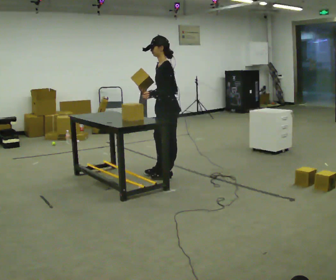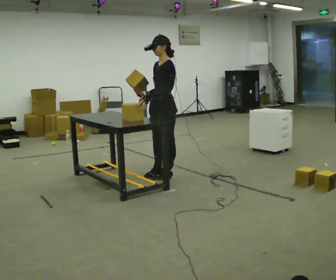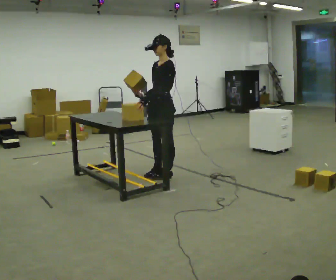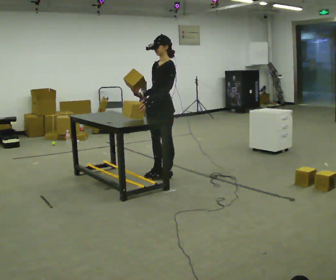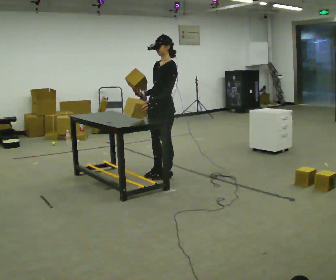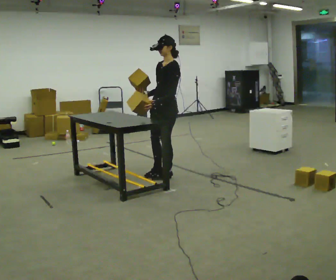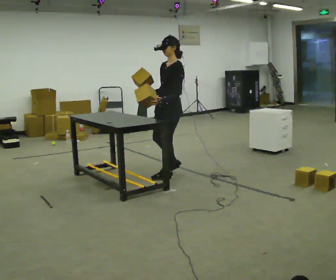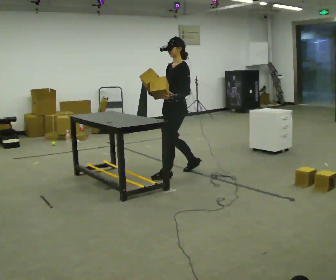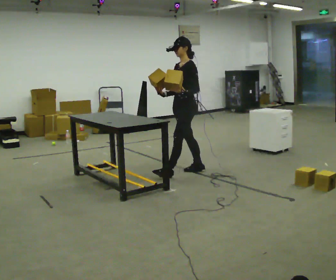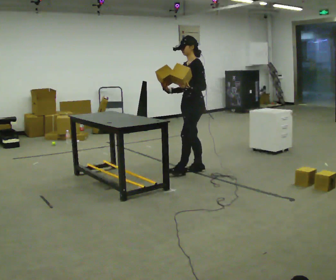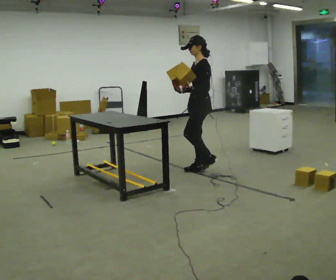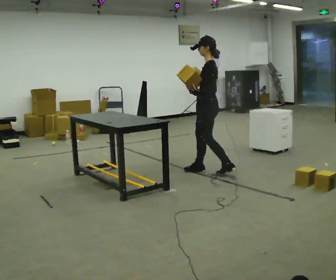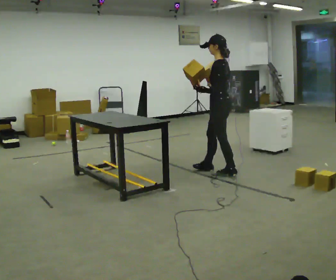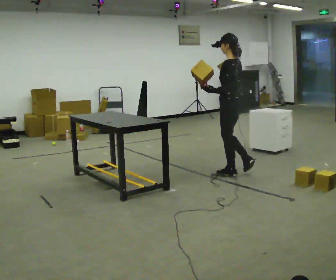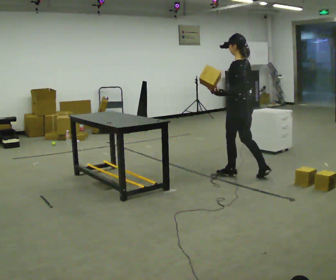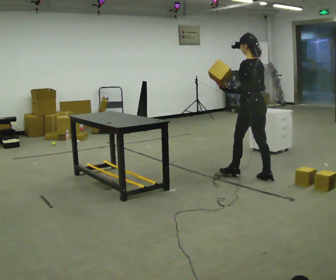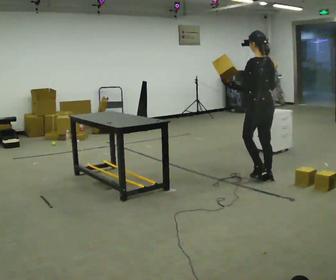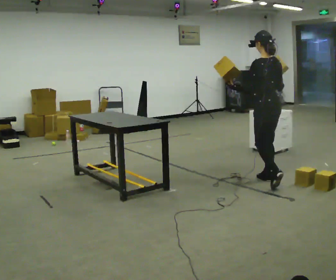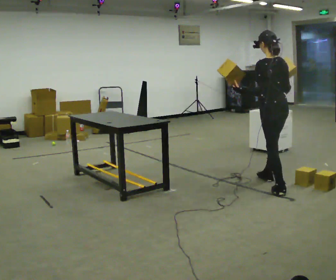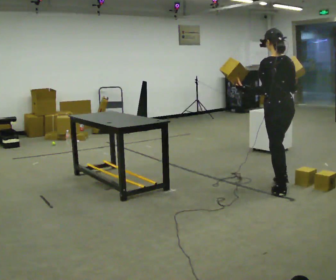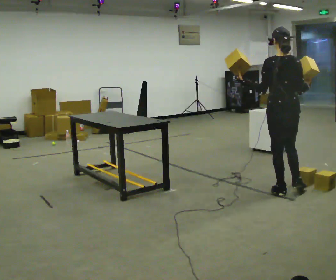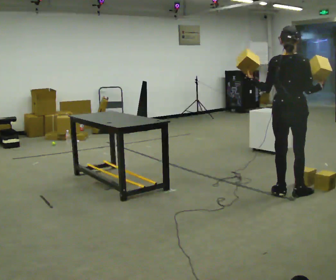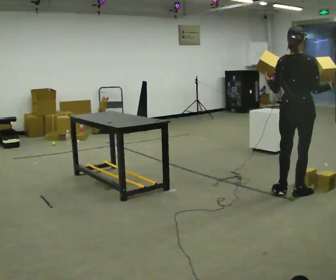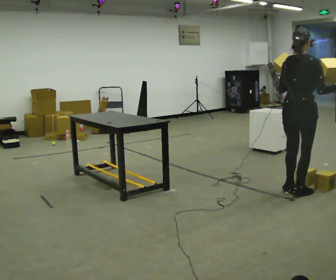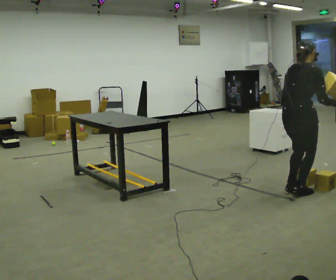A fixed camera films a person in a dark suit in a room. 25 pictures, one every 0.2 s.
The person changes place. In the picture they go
to the right.
The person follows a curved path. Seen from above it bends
clockwise.
0.0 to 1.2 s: The person moves a little, or ends about where they began.
1.2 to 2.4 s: The part of the body nearest the lens slides to the left as the person turns to their right by about 45 degrees. In the picture they go to the right, about 0.5 m in 2 steps, which for them is backward.
2.4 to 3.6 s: Seen from above the body turns clockwise, about 45 degrees: to their right, with its near side sliding to the left. In the picture they go to the right and toward the camera, about 0.5 m in 2 steps, which for them is backward.
3.6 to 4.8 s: Seen from above the body turns clockwise, about 75 degrees: to their right, with its near side sliding to the left. In the picture they go toward the camera and to the right, about 0.25 m.
The film runs backward here.
